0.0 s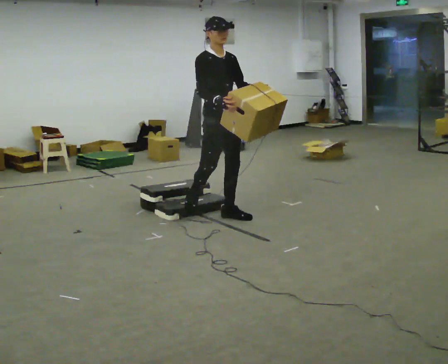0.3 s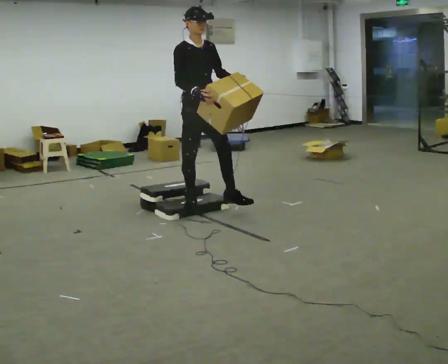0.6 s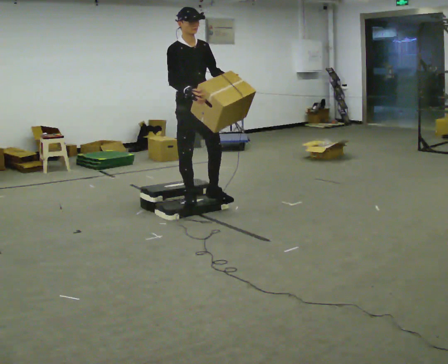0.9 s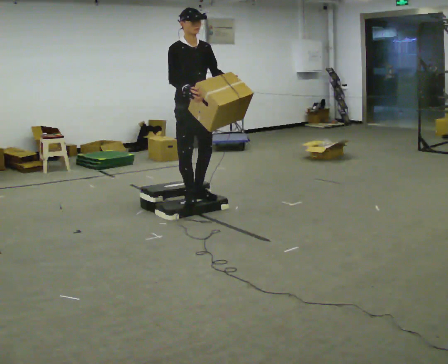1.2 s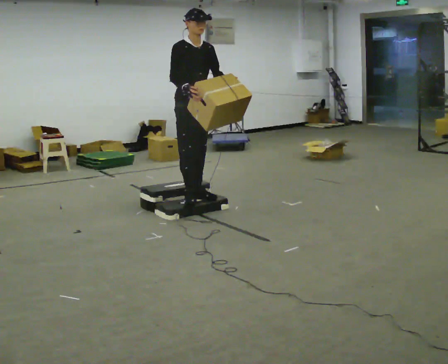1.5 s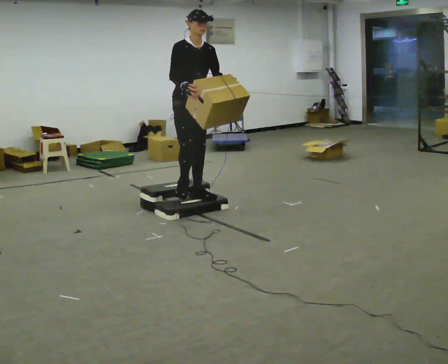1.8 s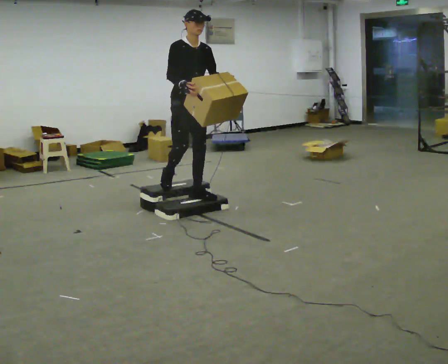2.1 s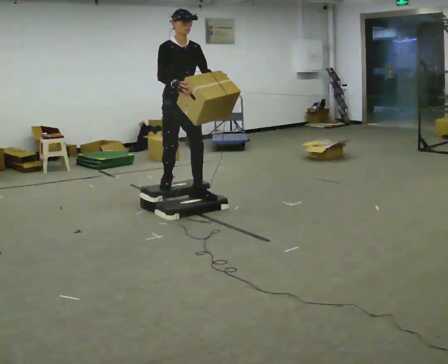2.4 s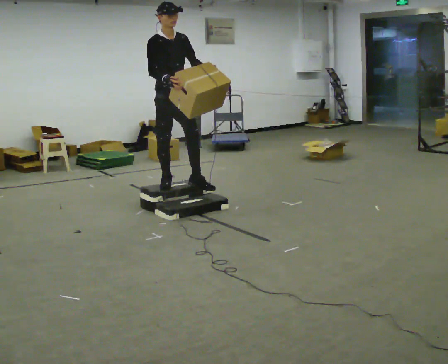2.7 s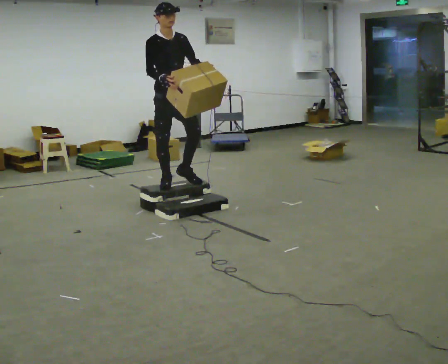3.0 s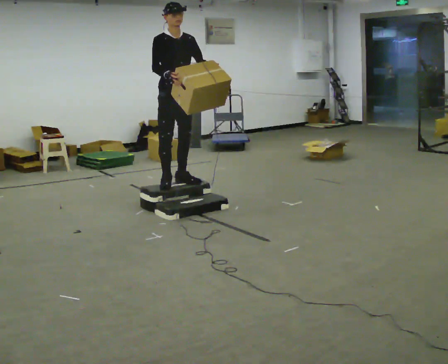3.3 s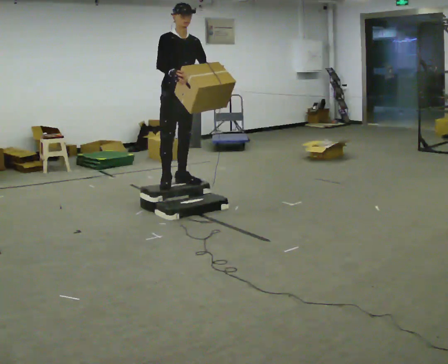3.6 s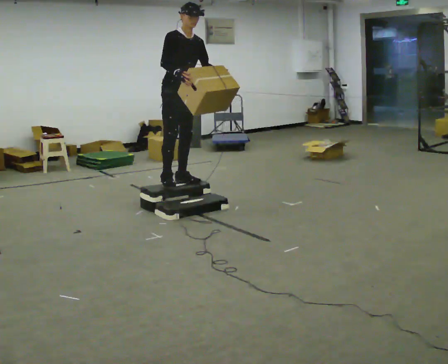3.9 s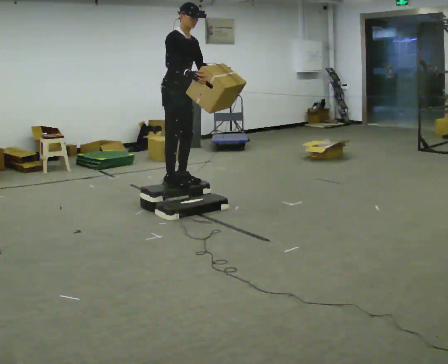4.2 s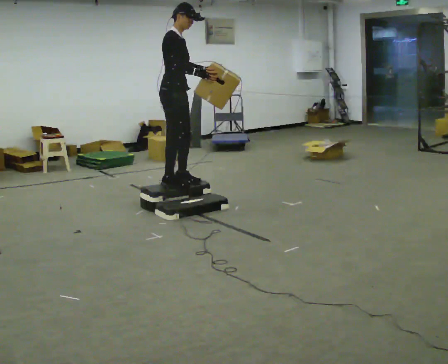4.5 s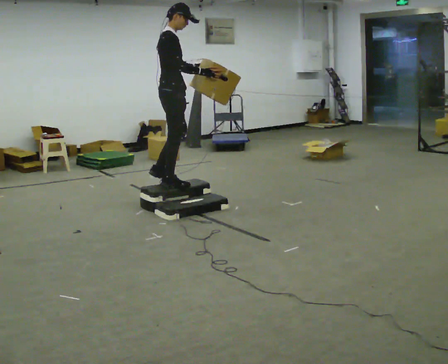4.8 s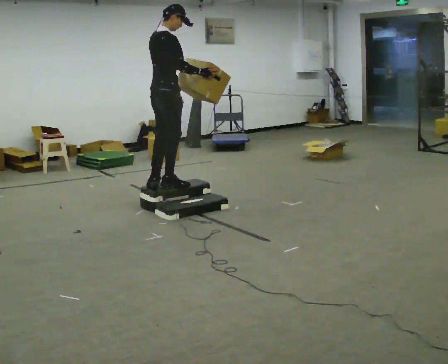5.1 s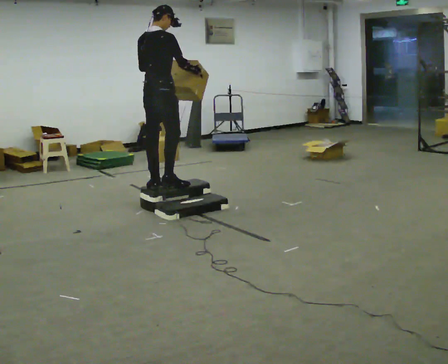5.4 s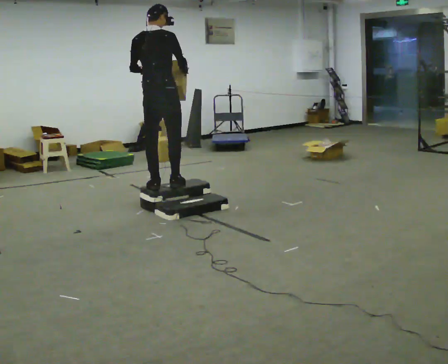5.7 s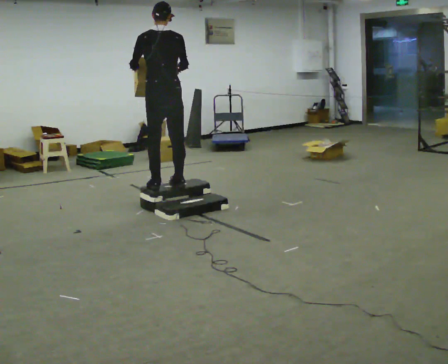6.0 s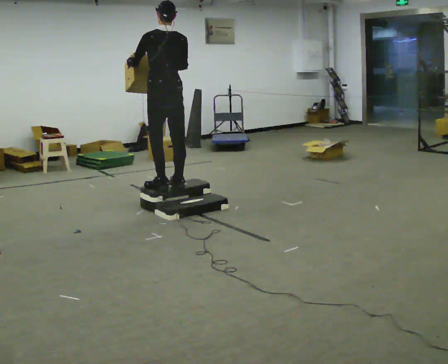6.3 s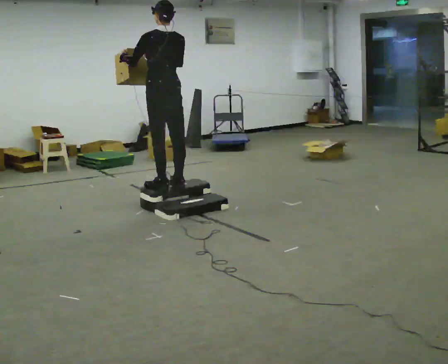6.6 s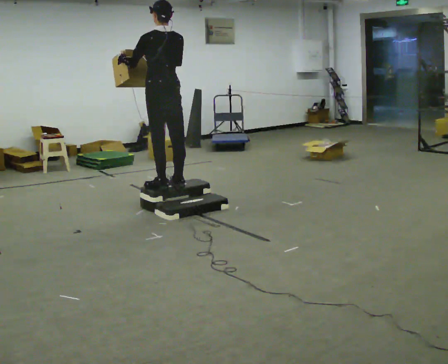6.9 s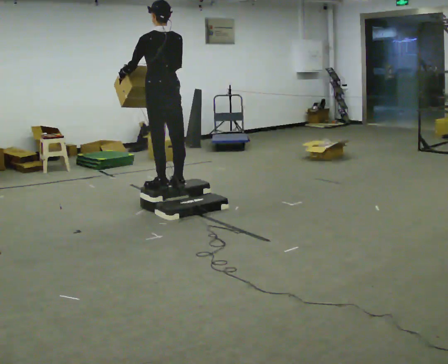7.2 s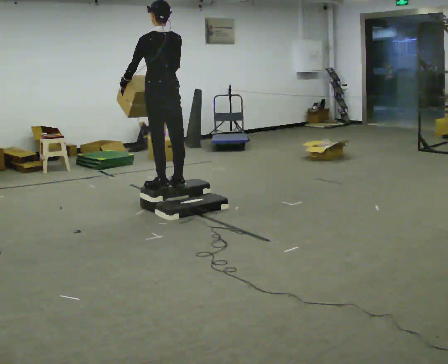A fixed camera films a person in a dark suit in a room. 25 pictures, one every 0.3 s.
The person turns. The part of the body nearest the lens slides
to the right.
The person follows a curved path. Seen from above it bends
counterclockwise.
0.0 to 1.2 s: In the picture they go away from the camera and to the left, about 0.5 m in 1 step, which for them is backward.
1.2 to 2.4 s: In the picture they go to the left and away from the camera, about 0.25 m in 2 steps, which for them is backward.
2.4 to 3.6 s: The person moves a little, or ends about where they began.
3.6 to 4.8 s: The person turns about 90 degrees to their left, counterclockwise seen from above, so the part of the body nearest the lens slides to the right. In the picture they go toward the camera and to the left, about 0.25 m in 1 step.
4.8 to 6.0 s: The part of the body nearest the lens slides to the right as the person turns to their left by about 75 degrees. In the picture their left hand goes to the left.
6.0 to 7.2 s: The person moves a little, or ends about where they began.
The film runs backward here.
